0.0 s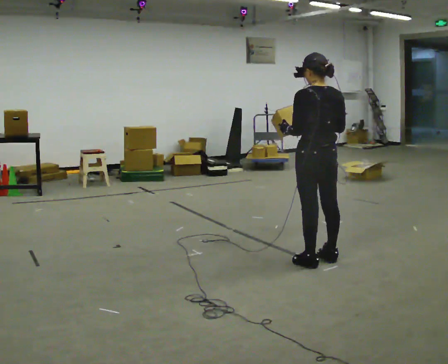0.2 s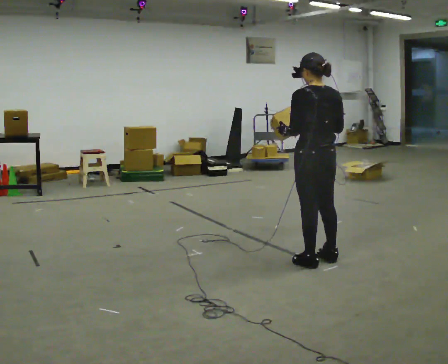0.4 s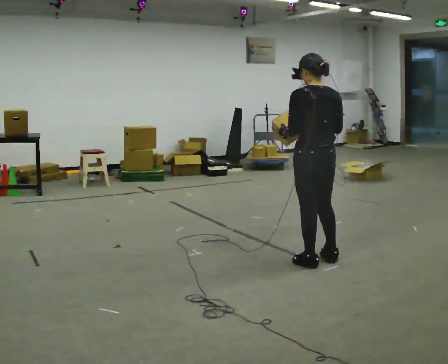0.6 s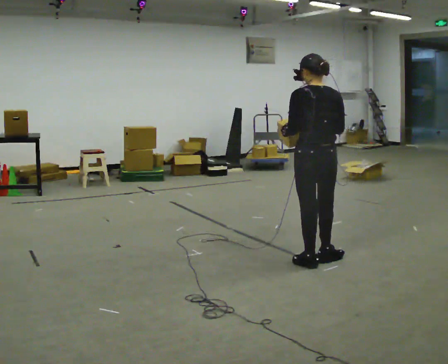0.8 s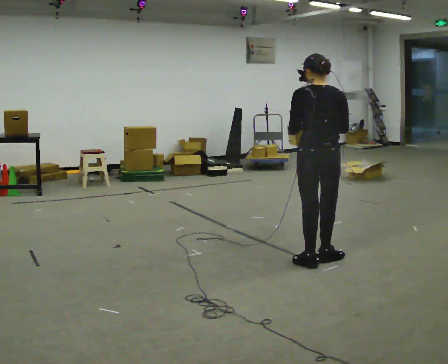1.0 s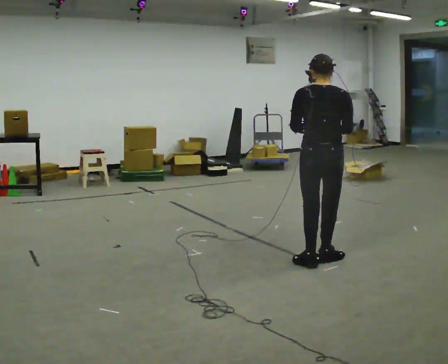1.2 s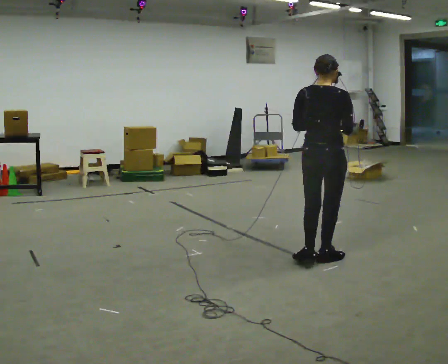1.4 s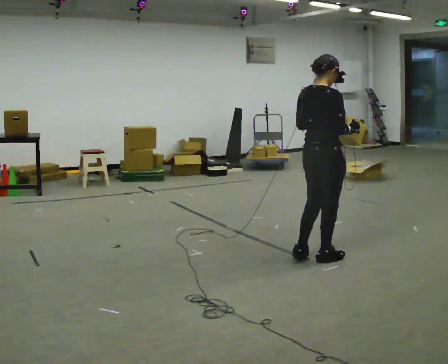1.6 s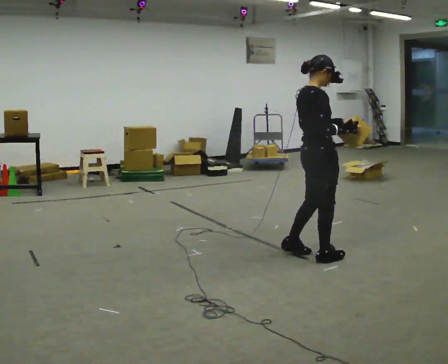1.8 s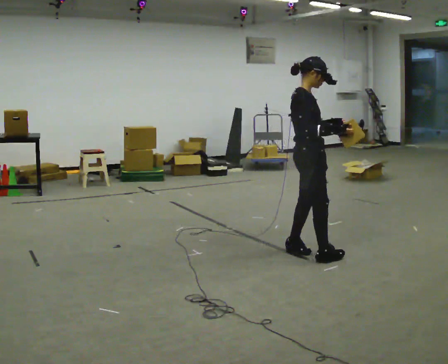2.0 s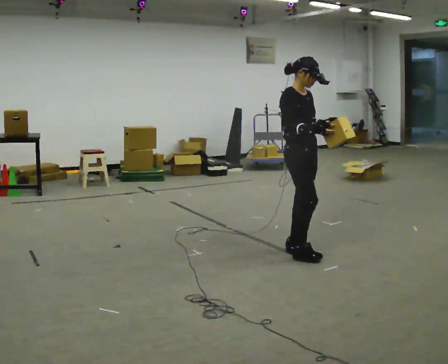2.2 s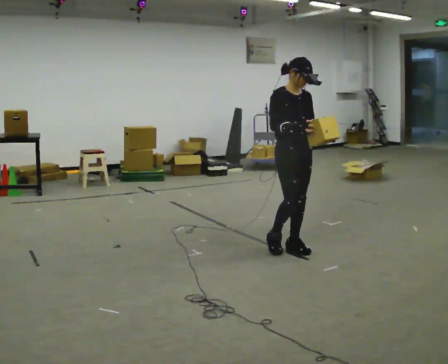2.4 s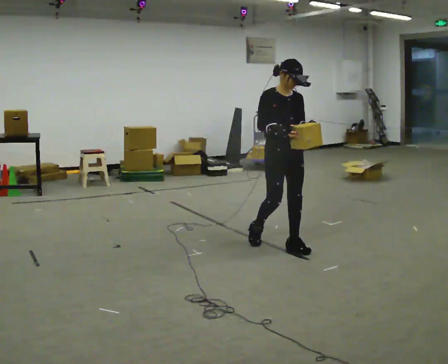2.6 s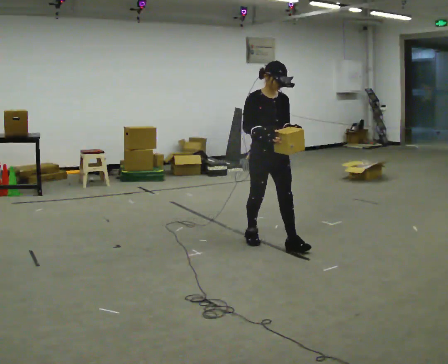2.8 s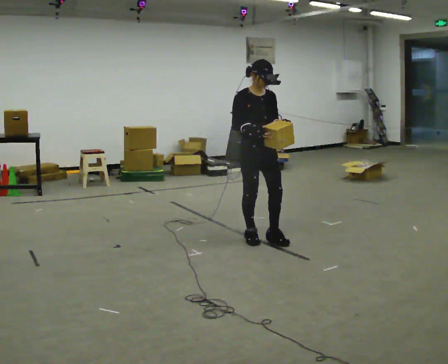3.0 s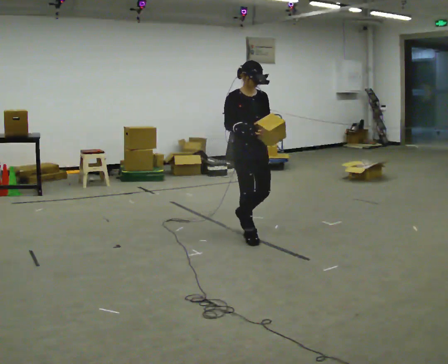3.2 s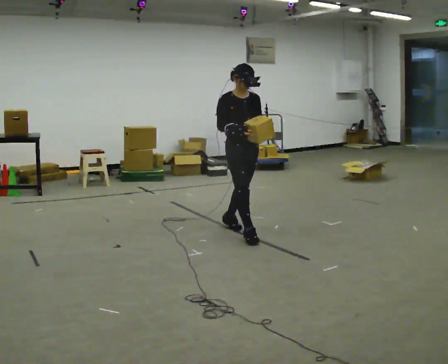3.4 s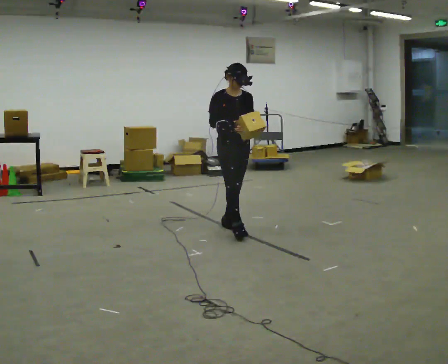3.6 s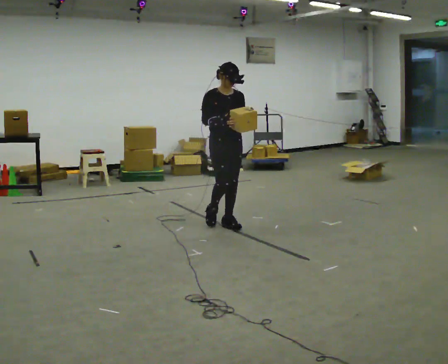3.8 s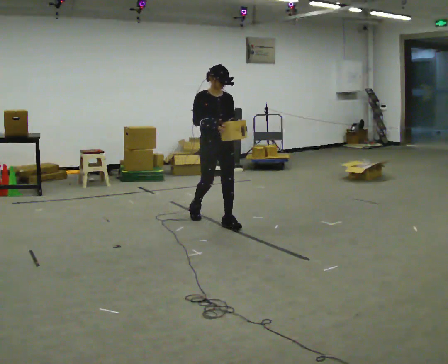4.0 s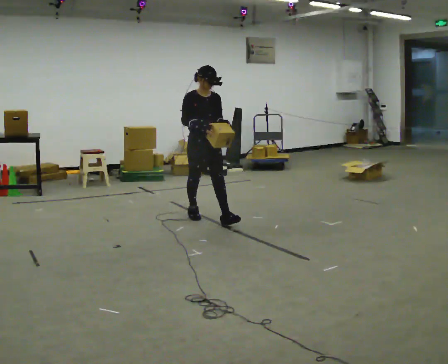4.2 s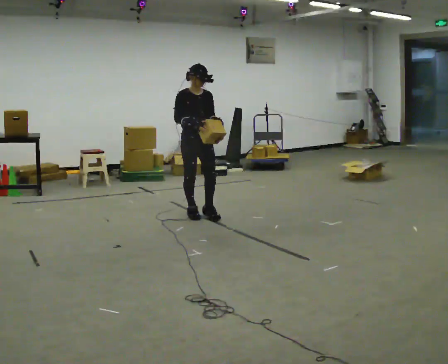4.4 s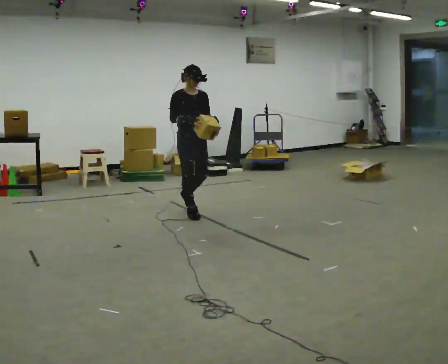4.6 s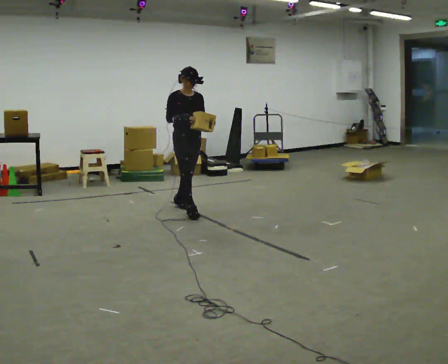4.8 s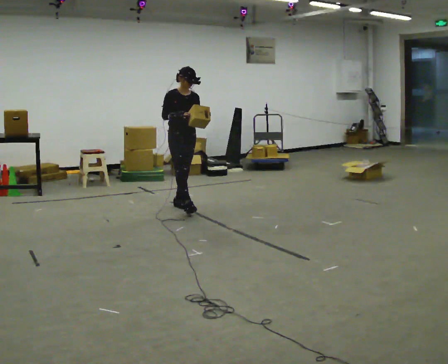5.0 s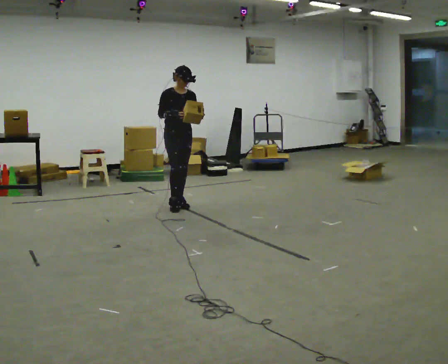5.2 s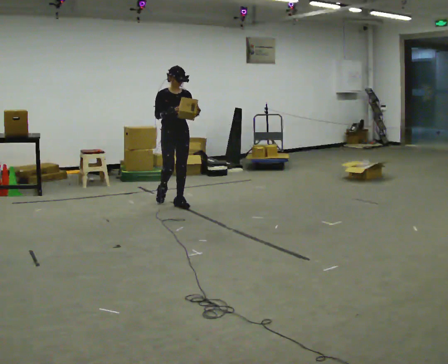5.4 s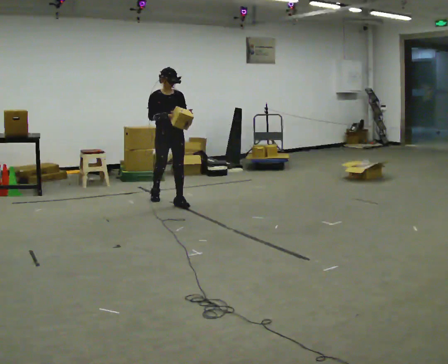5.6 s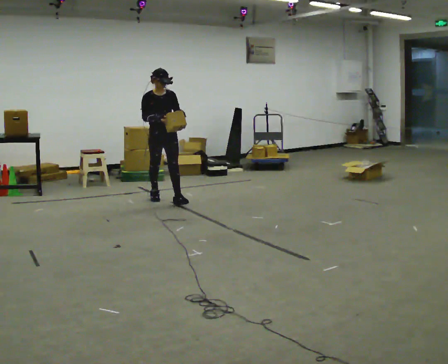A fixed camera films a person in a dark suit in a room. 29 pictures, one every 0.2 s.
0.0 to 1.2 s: The person turns about 45 degrees to their right, clockwise seen from above, so the part of the body nearest the lens slides to the left.
1.2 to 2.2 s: Seen from above the body turns clockwise, about 120 degrees: to their right, with its near side sliding to the left. In the picture they go away from the camera and to the left, about 0.25 m in 2 steps.
2.2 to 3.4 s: In the picture they go away from the camera and to the left, about 1 m in 2 steps, which for them is backward.
3.4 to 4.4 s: In the picture they go to the left and away from the camera, about 0.75 m in 1 step, which for them is backward.
4.4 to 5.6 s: In the picture they go away from the camera and to the left, about 0.5 m in 1 step, which for them is backward.
The film runs backward here.
